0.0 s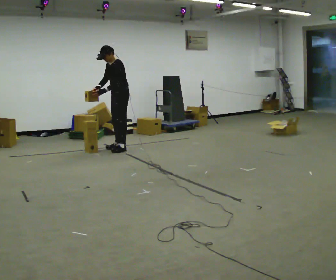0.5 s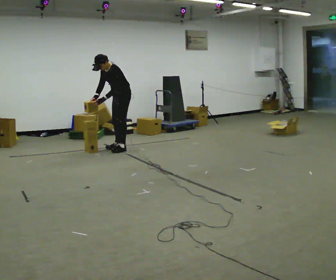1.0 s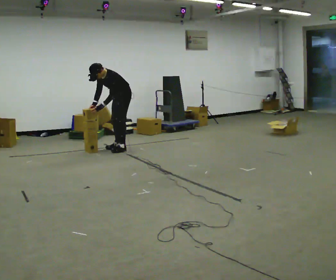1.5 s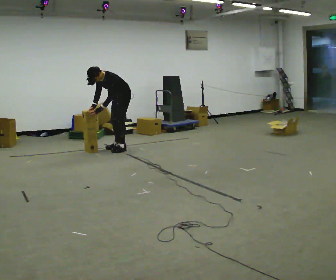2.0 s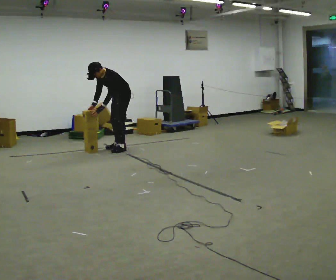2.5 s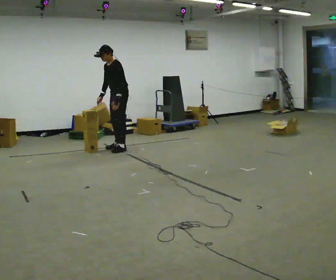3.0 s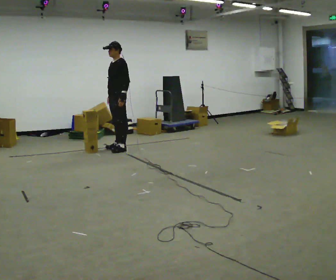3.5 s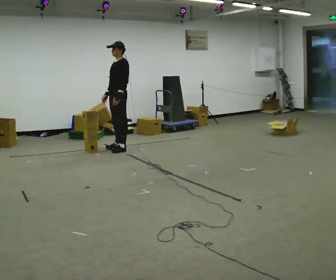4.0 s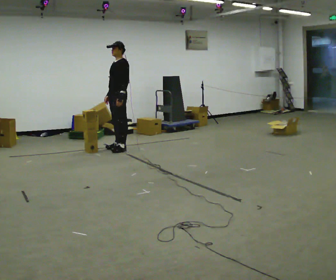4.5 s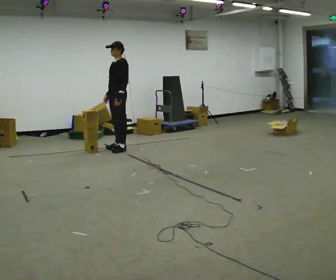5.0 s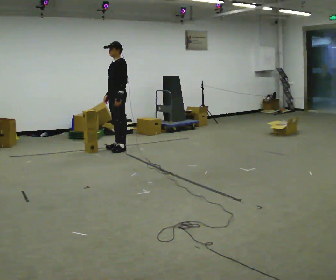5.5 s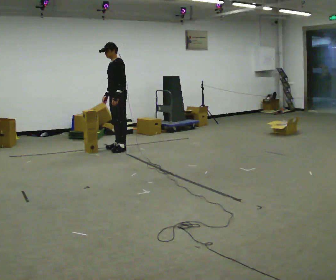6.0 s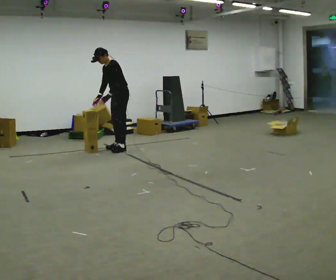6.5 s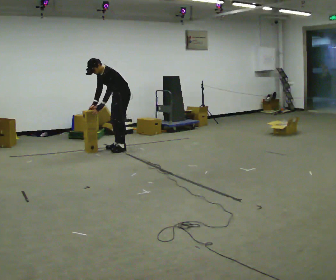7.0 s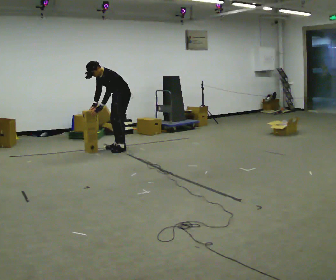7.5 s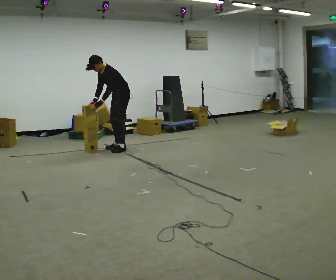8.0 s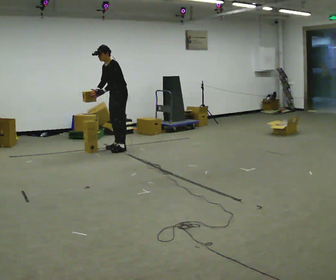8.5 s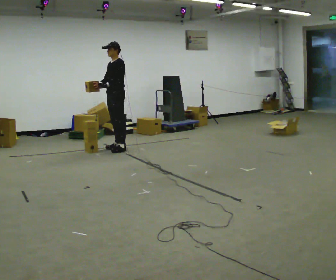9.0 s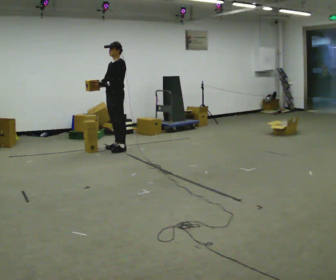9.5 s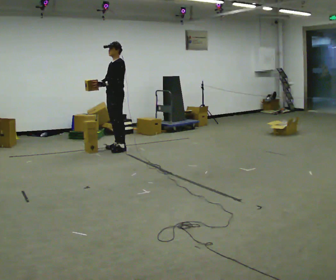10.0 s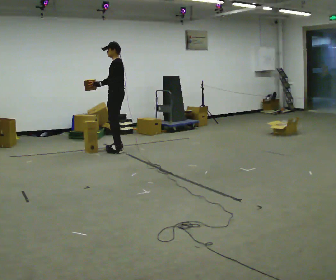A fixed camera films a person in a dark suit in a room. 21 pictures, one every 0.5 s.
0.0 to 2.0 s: The upper body goes downward. In the picture the upper body tilts counterclockwise, shoulders to the left, as they bend forward.
2.0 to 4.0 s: The upper body goes upward. In the picture the upper body tilts clockwise, shoulders to the right, as they lean back or straighten. In the picture their left hand goes to the right.
4.0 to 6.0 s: In the picture the upper body tilts counterclockwise, shoulders to the left, as they bend forward.
6.0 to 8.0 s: The person moves a little, or ends about where they began.
8.0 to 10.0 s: The part of the body nearest the lens slides to the left as the person turns to their right by about 30 degrees. In the picture the upper body tilts clockwise, shoulders to the right, as they lean back or straighten.
The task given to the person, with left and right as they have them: Carry the stack of boxes across the room without letting it fall over, then bring it back. Keep going until the operator says stop; one object at a time, and do not rush between trips.
The film runs forward here.
